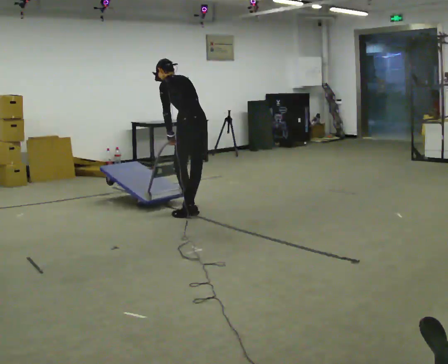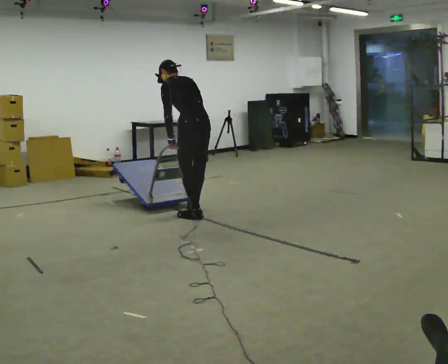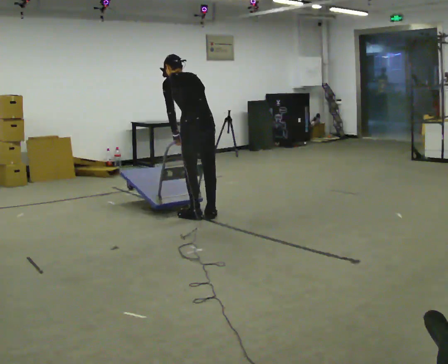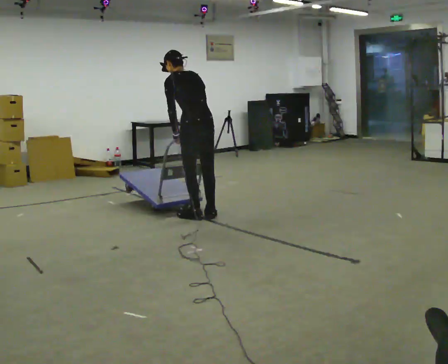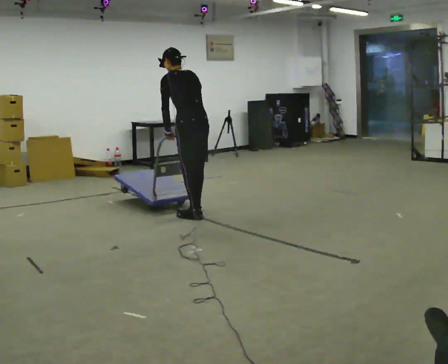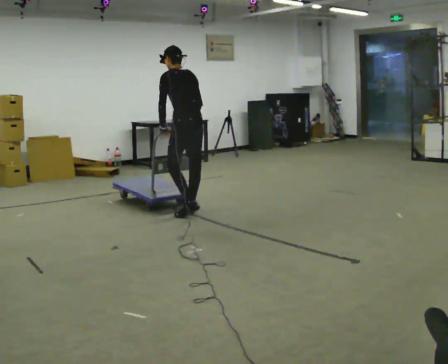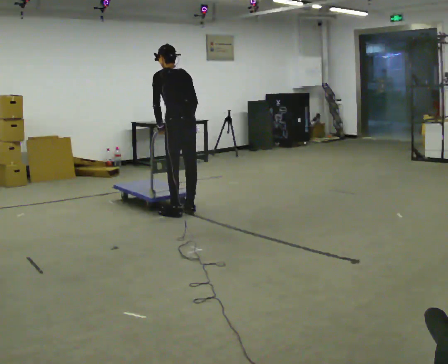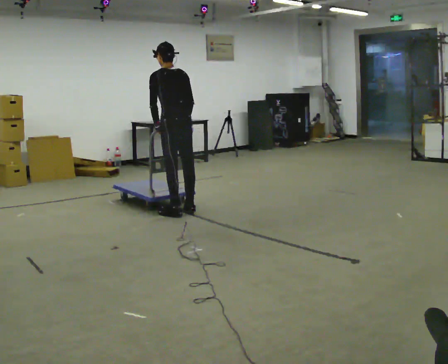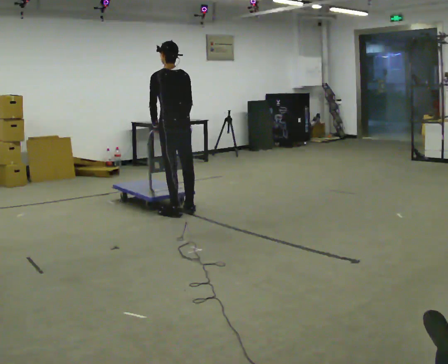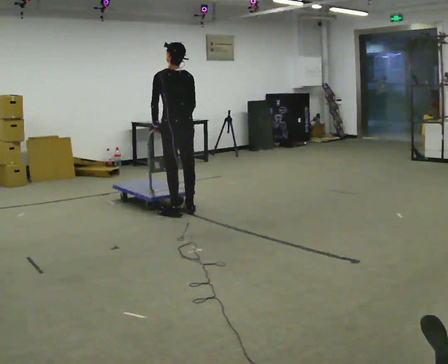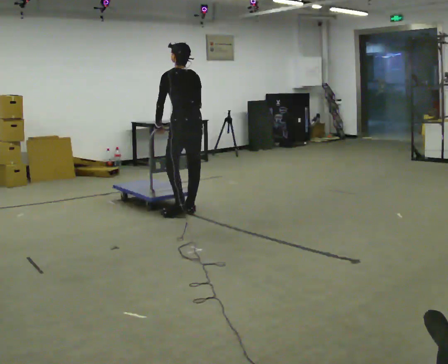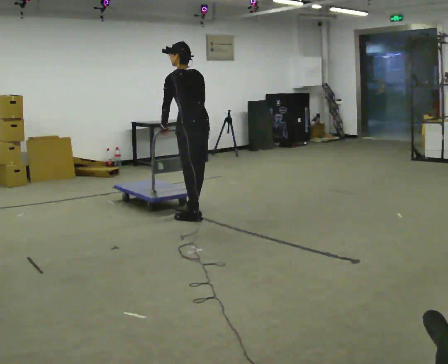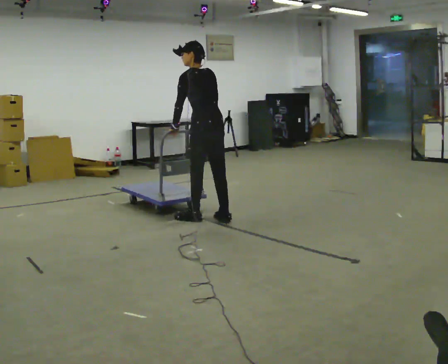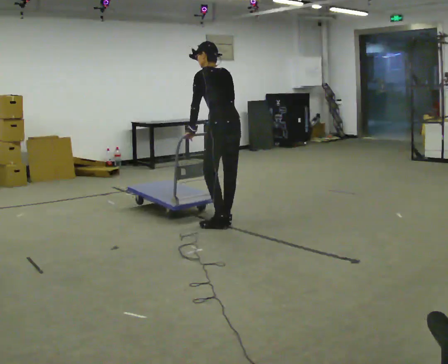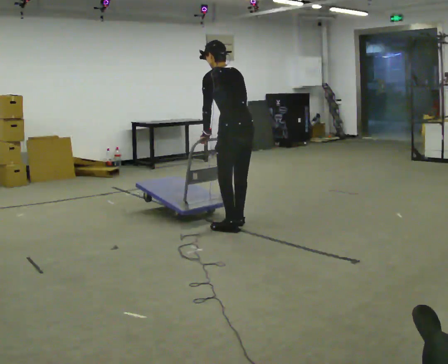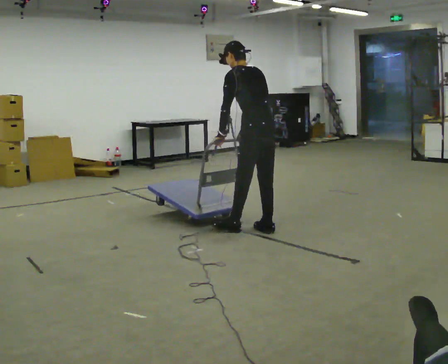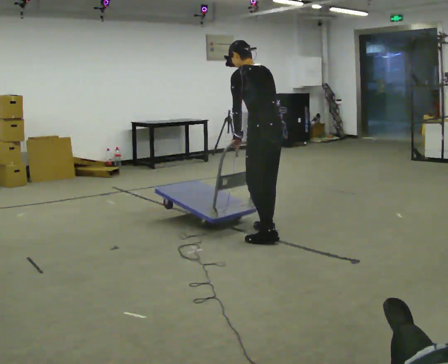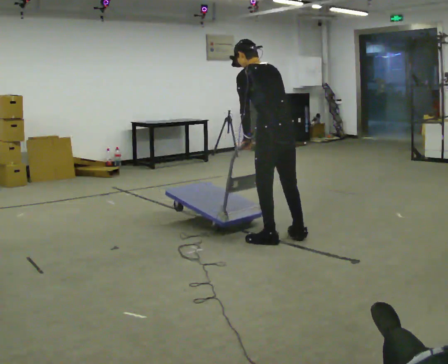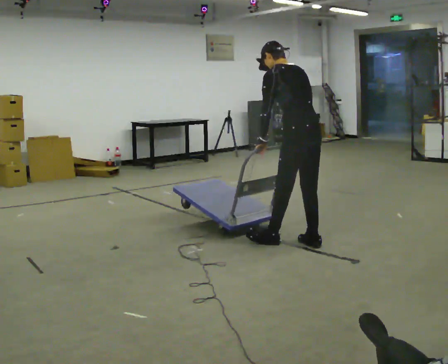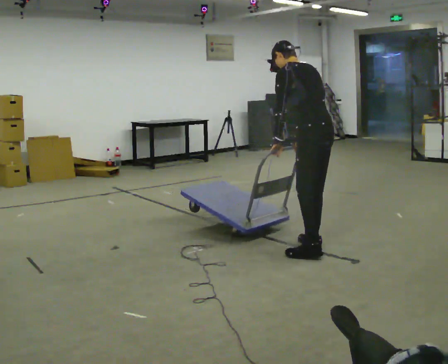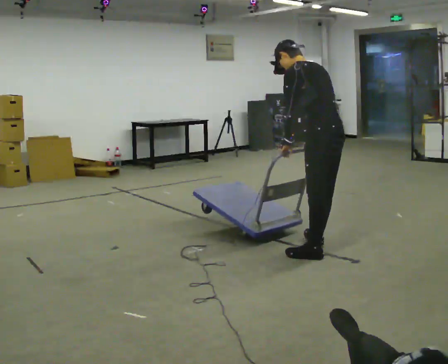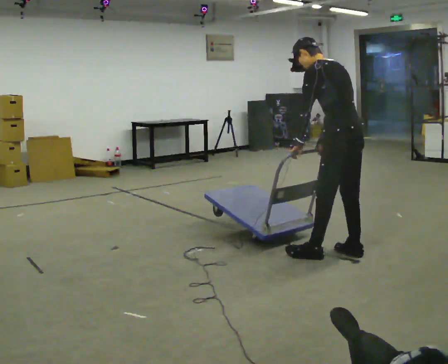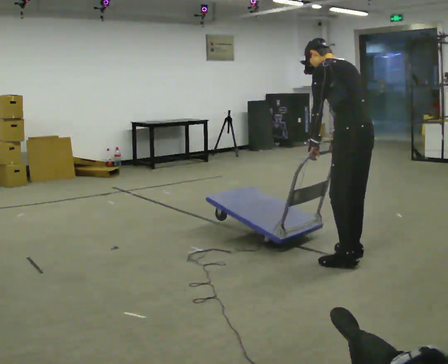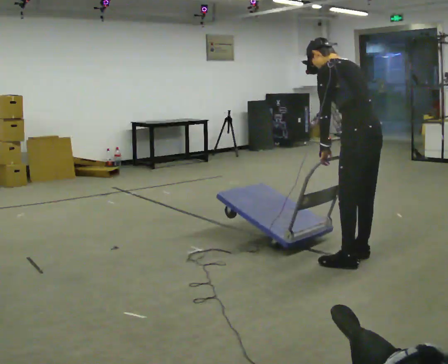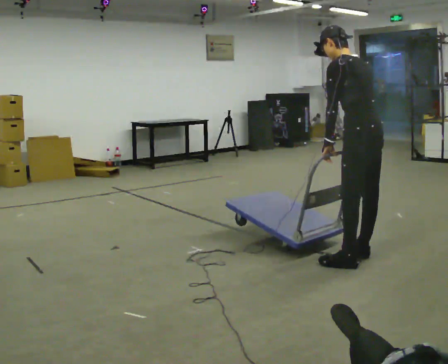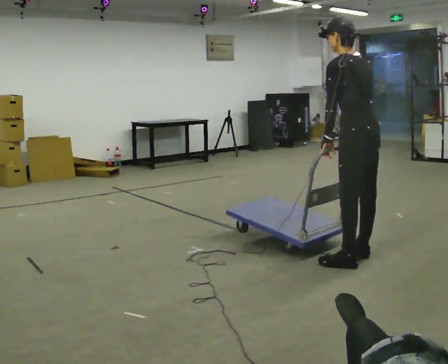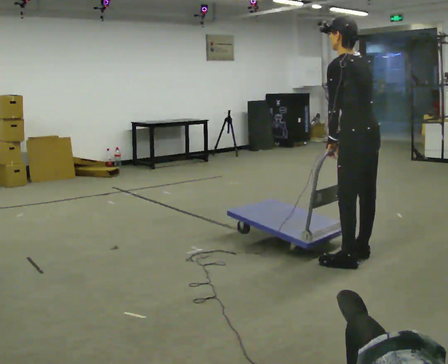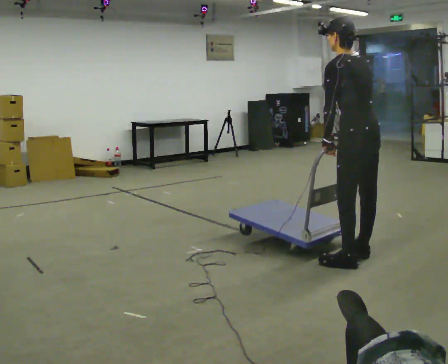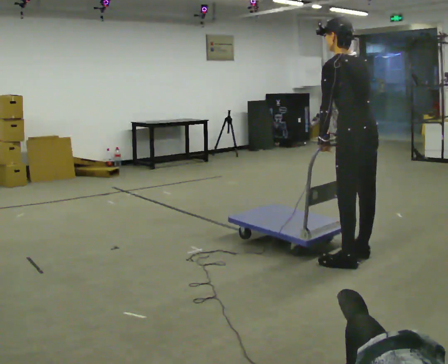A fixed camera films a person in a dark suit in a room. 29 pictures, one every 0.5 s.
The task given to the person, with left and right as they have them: Get the cart into the marked parking space and lined up with the tape. Take as many adjustments as you need. Then take it out again and repeat.
0.0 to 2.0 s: In the picture they go toward the camera, about 0.25 m in 2 steps, which for them is backward.
2.0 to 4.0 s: In the picture they go to the left and away from the camera, about 0.25 m in 2 steps, which for them is forward.
4.0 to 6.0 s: In the picture they go to the right and toward the camera, about 0.5 m in 2 steps, which for them is backward.
6.0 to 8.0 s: In the picture they go toward the camera and to the right, about 1 m in 3 steps, which for them is backward.
8.0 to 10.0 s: In the picture they go toward the camera and to the right, about 0.75 m in 2 steps, which for them is backward.
10.0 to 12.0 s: In the picture they go to the right, about 0.25 m in 2 steps, which for them is backward.
12.0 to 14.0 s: The person moves a little, or ends about where they began.
The film runs forward here.
